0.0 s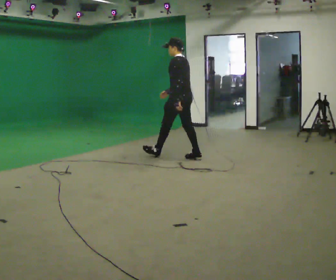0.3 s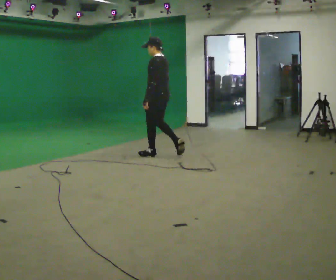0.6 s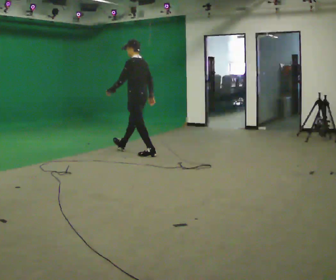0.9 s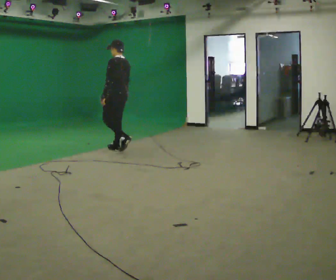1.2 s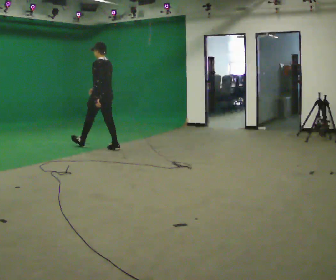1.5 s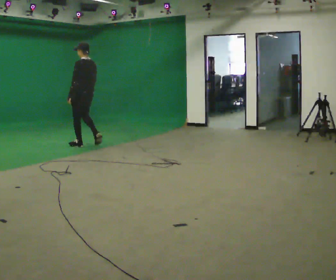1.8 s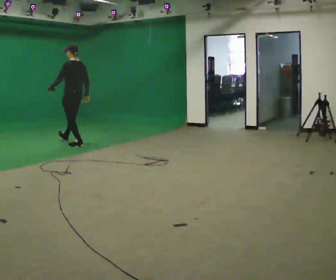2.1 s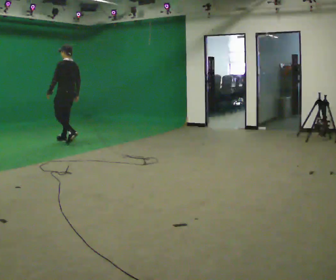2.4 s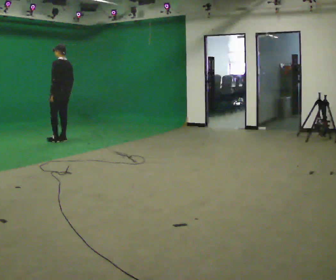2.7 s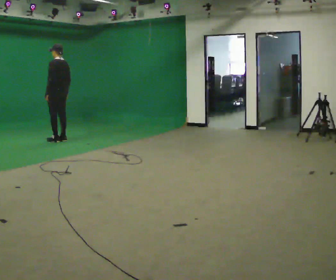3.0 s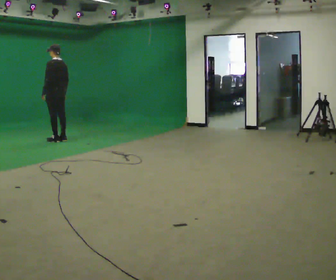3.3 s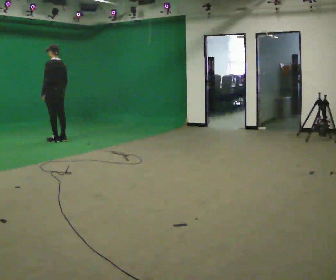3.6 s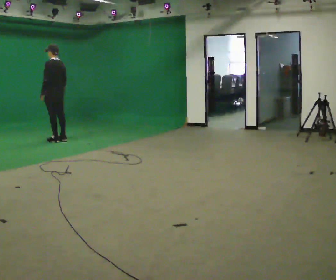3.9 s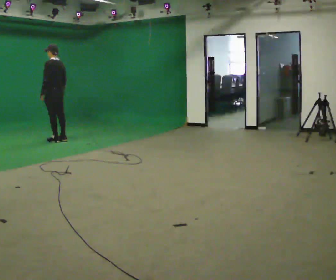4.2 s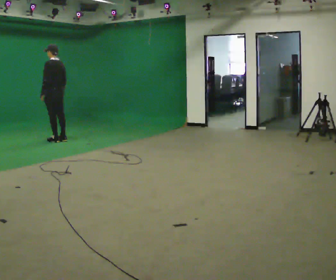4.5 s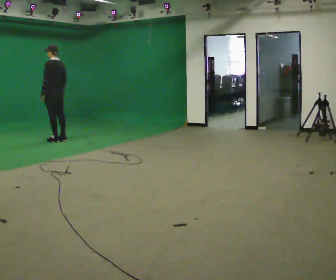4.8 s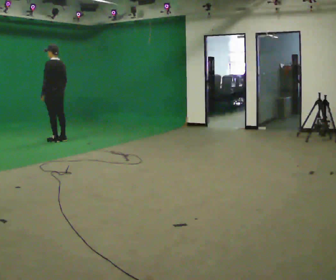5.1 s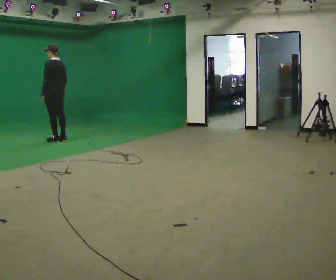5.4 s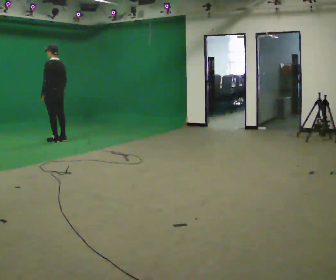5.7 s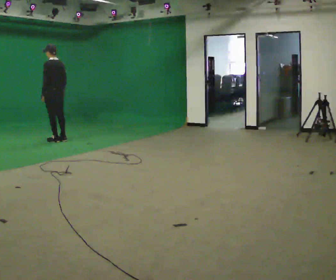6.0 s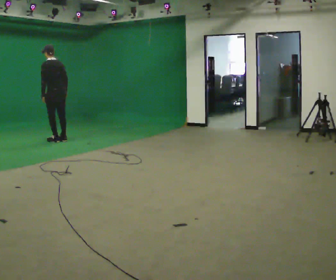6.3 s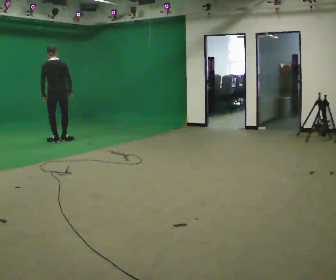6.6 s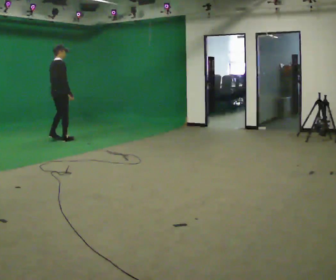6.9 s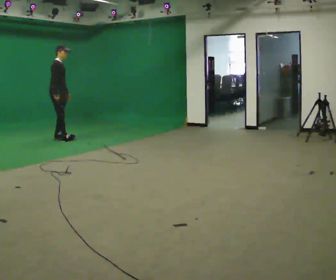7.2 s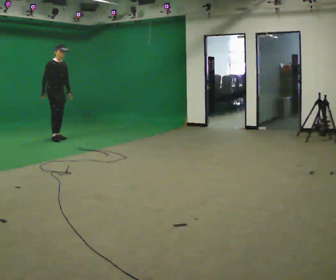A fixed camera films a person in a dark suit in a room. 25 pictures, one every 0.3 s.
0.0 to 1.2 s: In the picture they go to the left and away from the camera, about 1.5 m in 2 steps, which for them is forward.
1.2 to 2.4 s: In the picture they go away from the camera and to the left, about 1 m in 3 steps, which for them is forward.
2.4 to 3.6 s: The person moves a little, or ends about where they began.
3.6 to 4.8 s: The person keeps their place and pose.
4.8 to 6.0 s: The person moves a little, or ends about where they began.
6.0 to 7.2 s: The part of the body nearest the lens slides to the left as the person turns to their right by about 165 degrees. In the picture they go away from the camera, about 0.25 m in 1 step. In the picture the upper body tilts clockwise, shoulders to the right. In the picture their right hand goes to the left, the arm swinging clockwise.
The film runs forward here.
